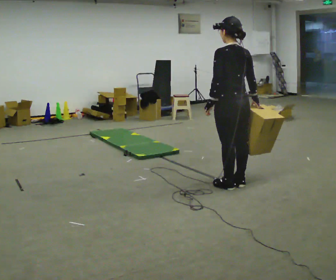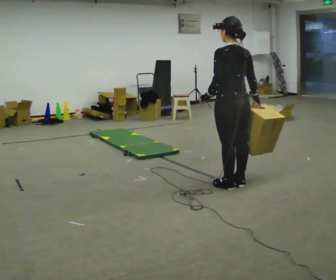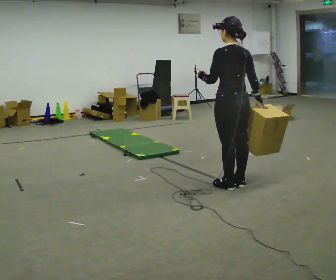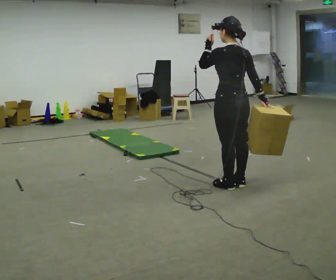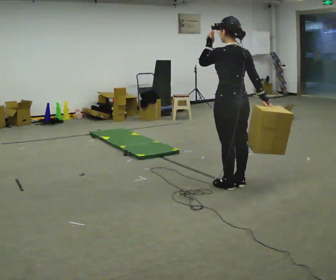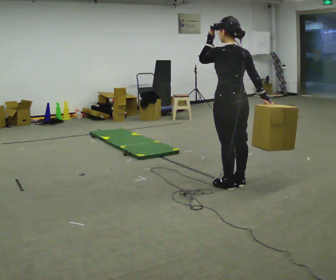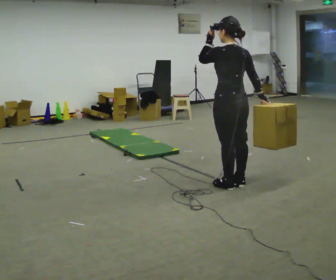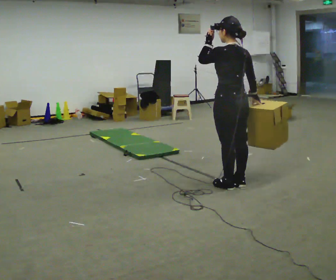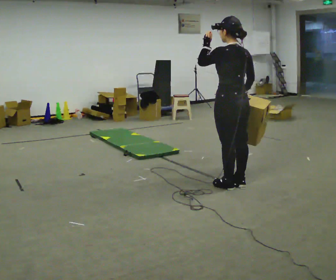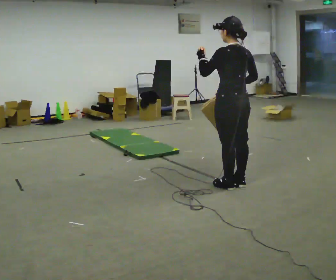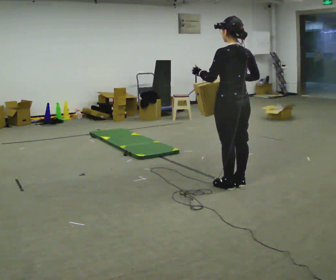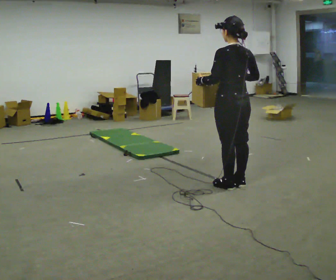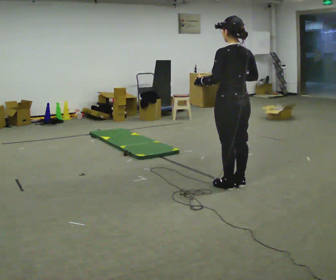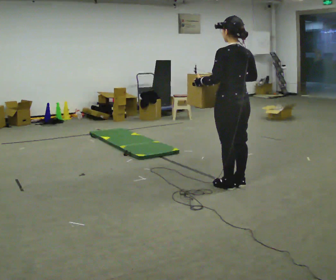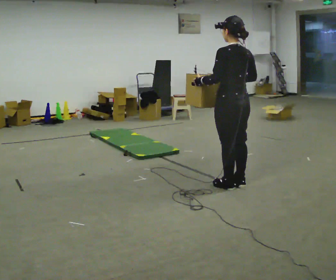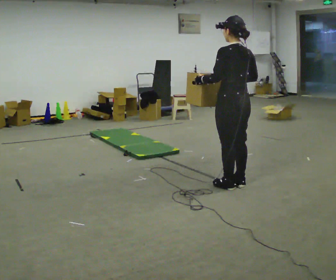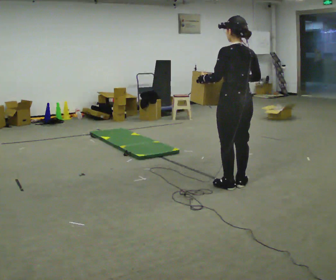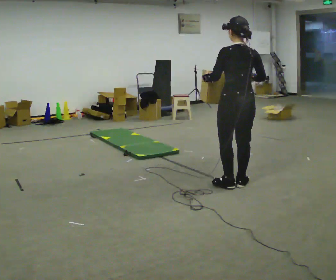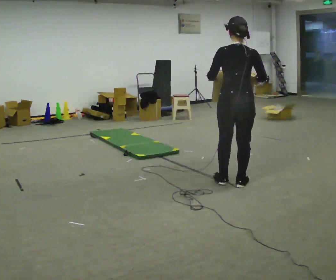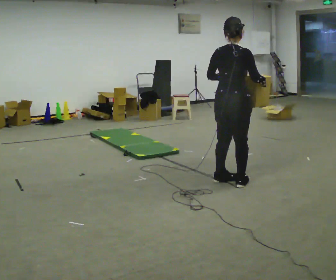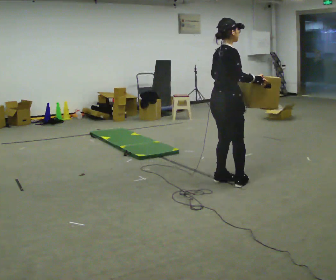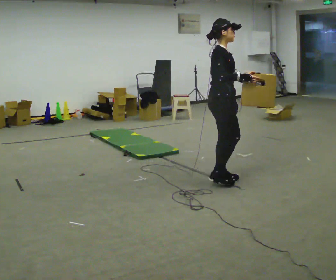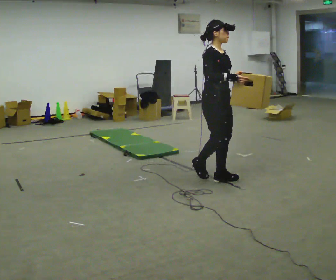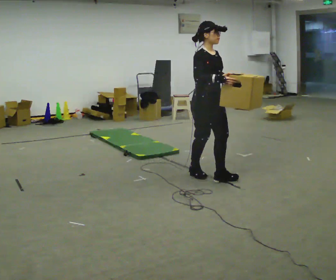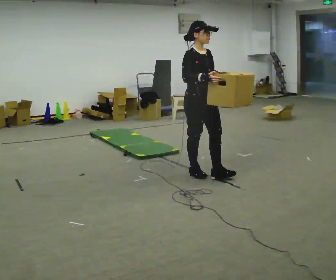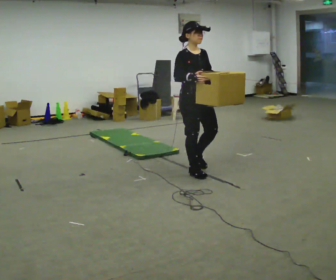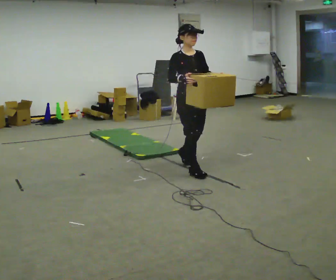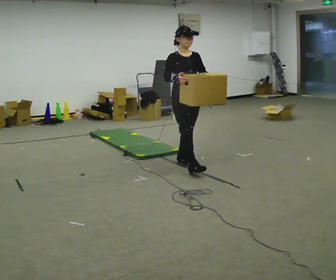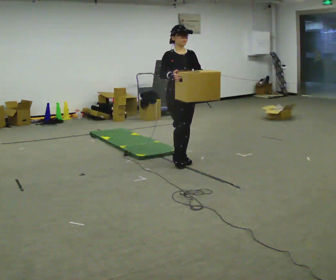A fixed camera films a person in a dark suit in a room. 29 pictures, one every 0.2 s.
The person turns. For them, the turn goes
to their right.
The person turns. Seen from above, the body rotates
clockwise.
0.0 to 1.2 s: In the picture their left hand goes upward.
1.2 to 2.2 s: In the picture their left hand goes downward.
2.2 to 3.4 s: The person moves a little, or ends about where they began.
3.4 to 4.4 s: The person turns about 135 degrees to their right, clockwise seen from above, so the part of the body nearest the lens slides to the left. In the picture they go to the left and away from the camera, about 0.25 m in 2 steps.
4.4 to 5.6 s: The person turns about 30 degrees to their right, clockwise seen from above, so the part of the body nearest the lens slides to the left. In the picture they go away from the camera and to the left, about 0.5 m in 2 steps, which for them is backward.
The film runs backward here.
